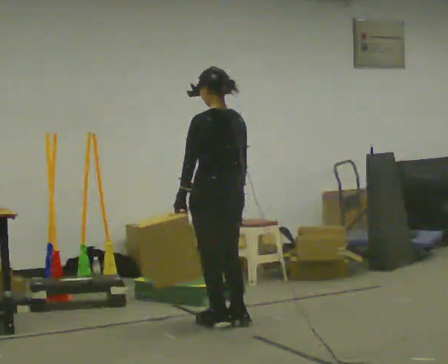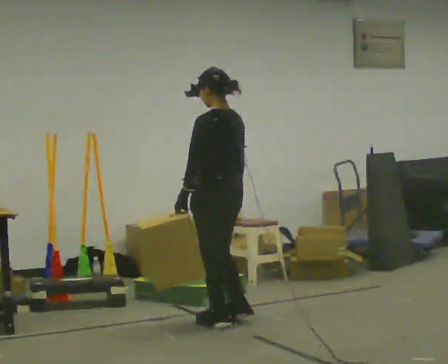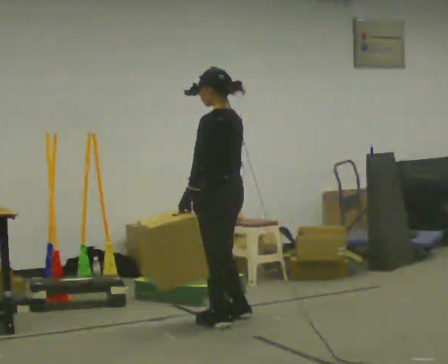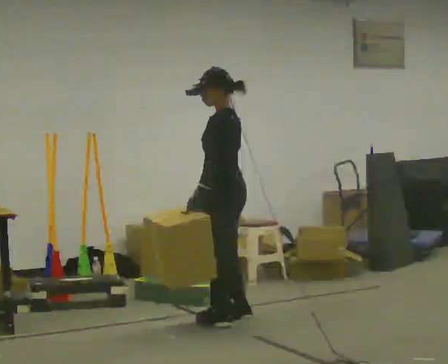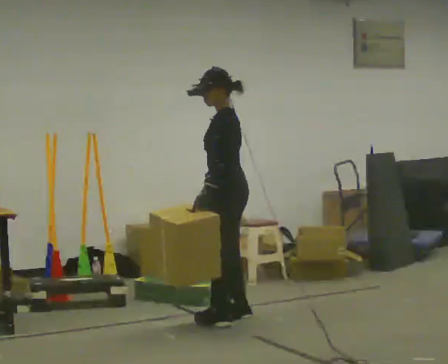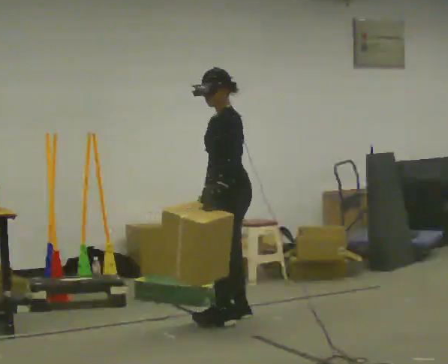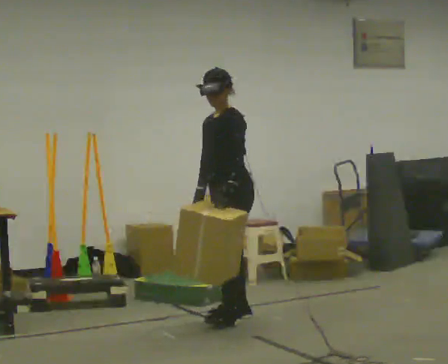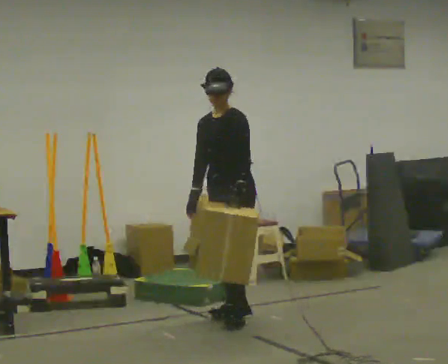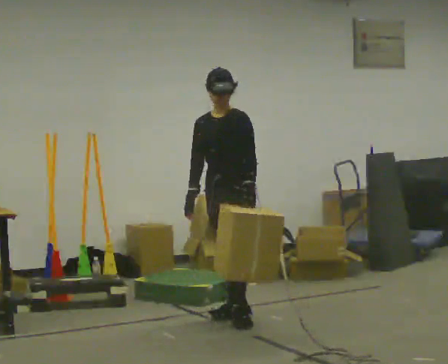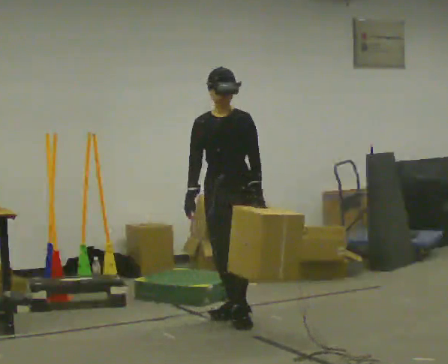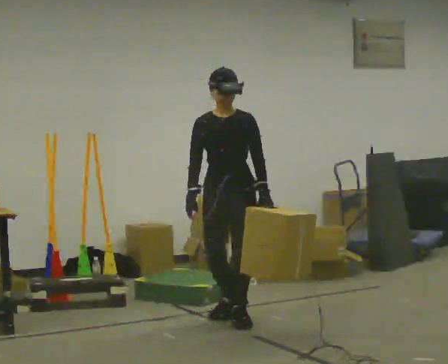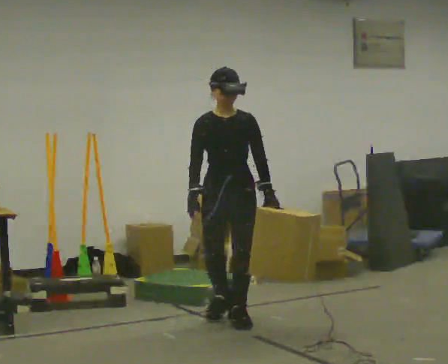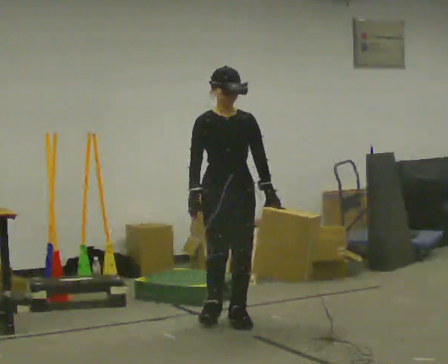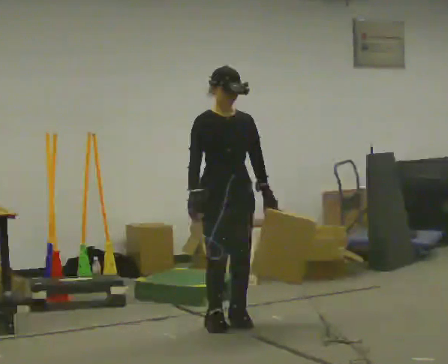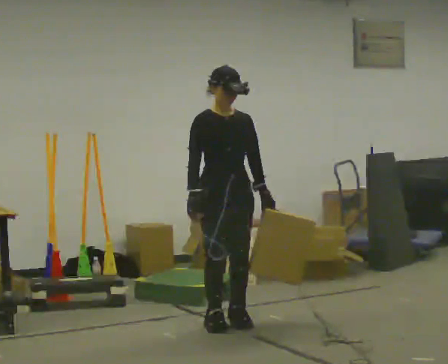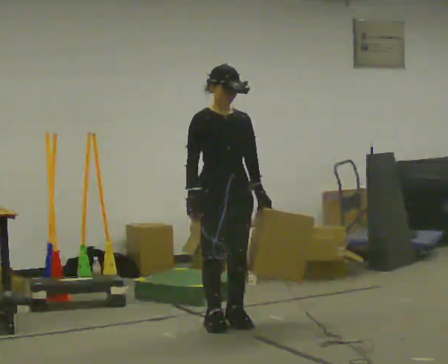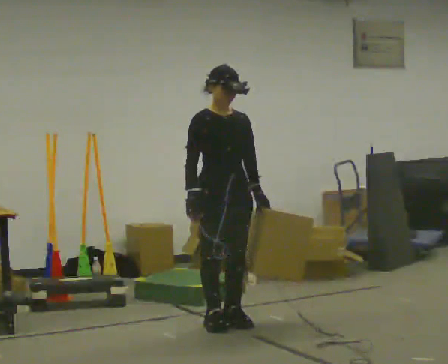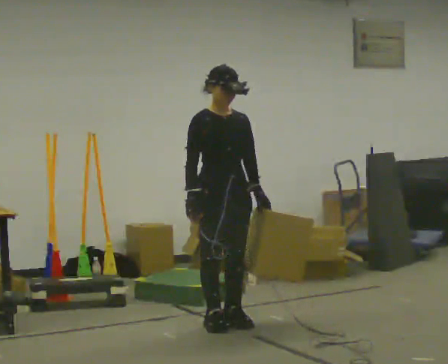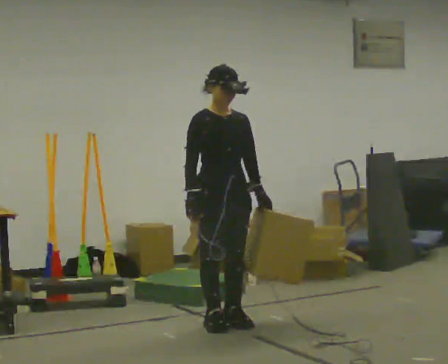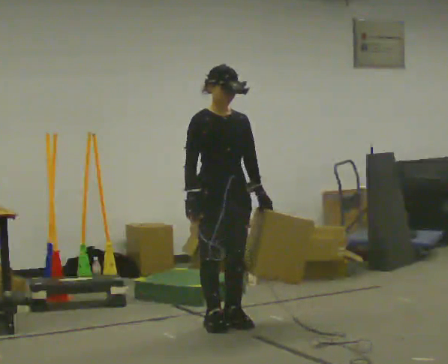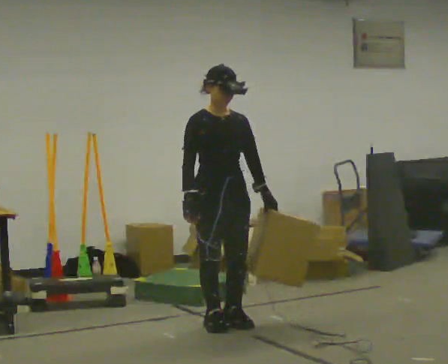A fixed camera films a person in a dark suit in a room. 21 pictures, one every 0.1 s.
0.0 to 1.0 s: The part of the body nearest the lens slides to the right as the person turns to their left by about 135 degrees. In the picture their left hand goes to the right, the arm swinging counterclockwise.
1.0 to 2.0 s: In the picture they go toward the camera, about 0.25 m in 1 step, which for them is forward and to their right.
The film runs forward here.
